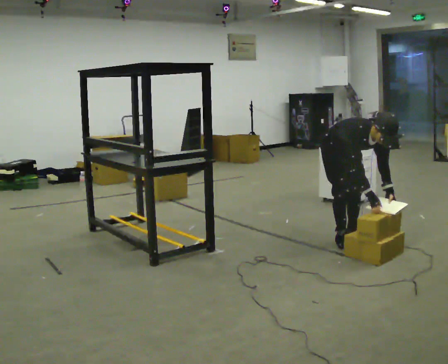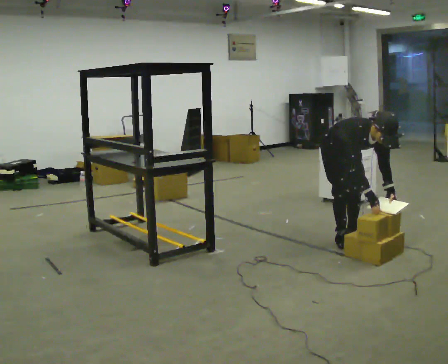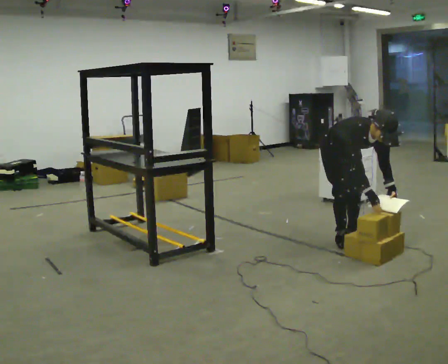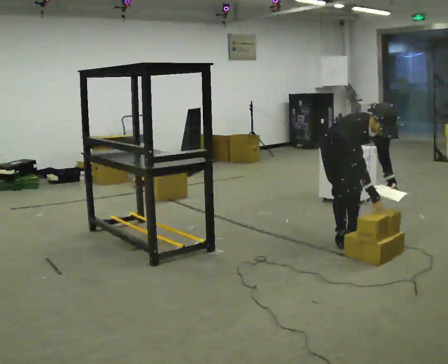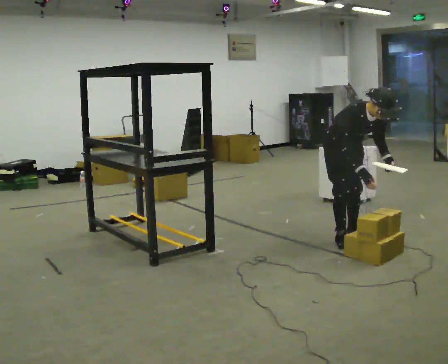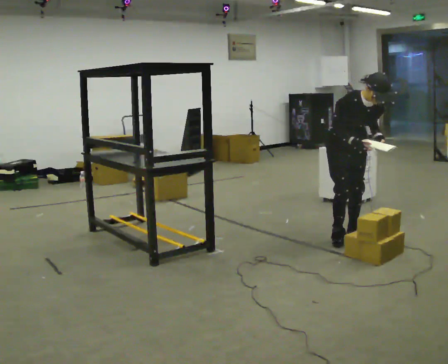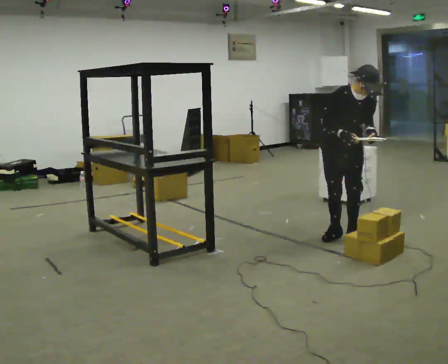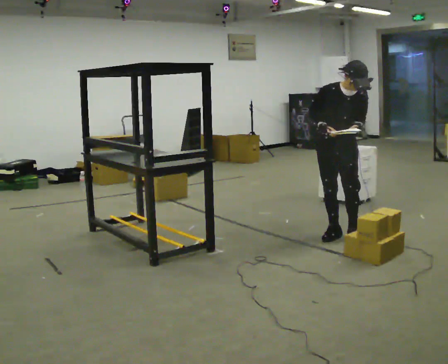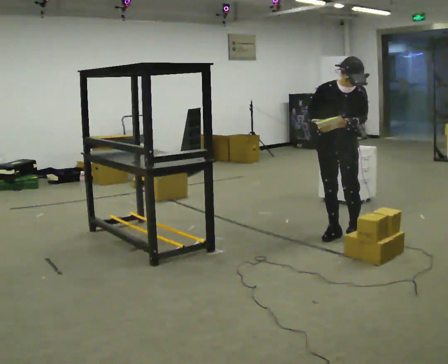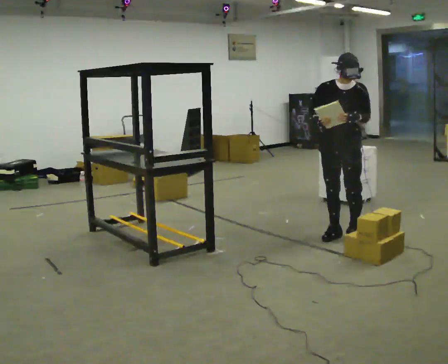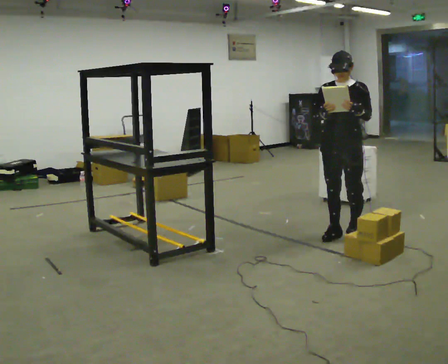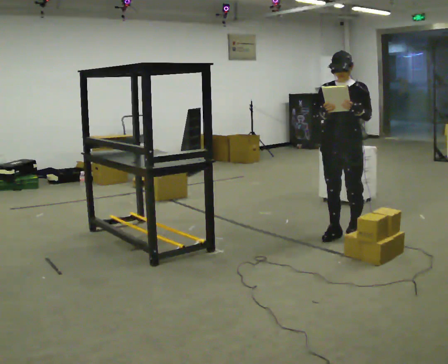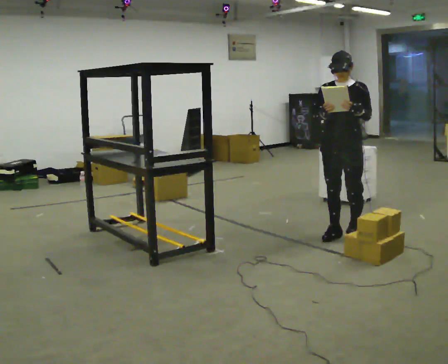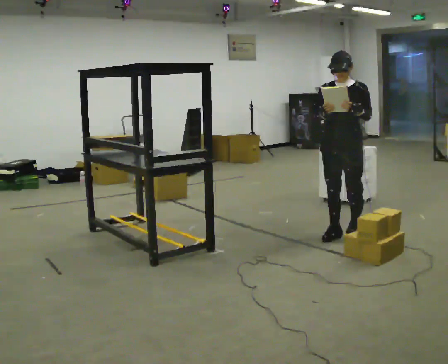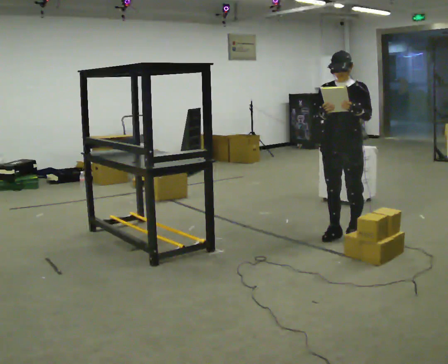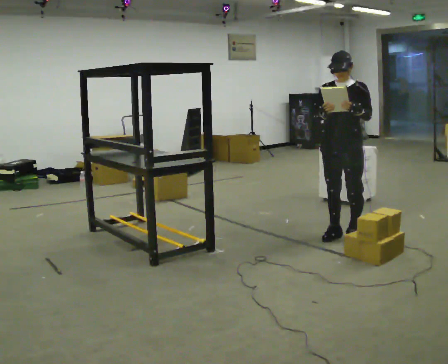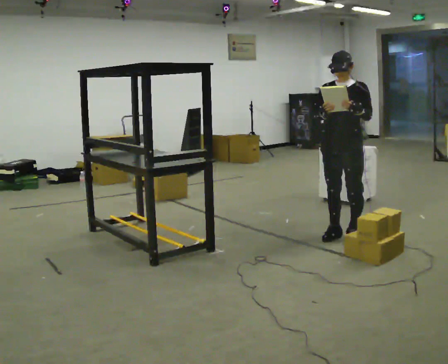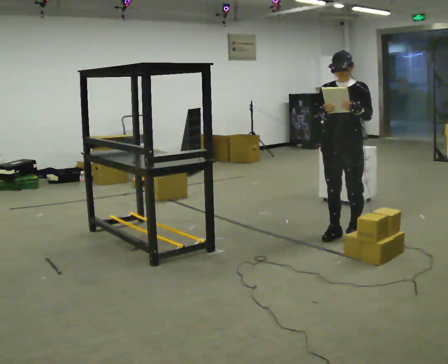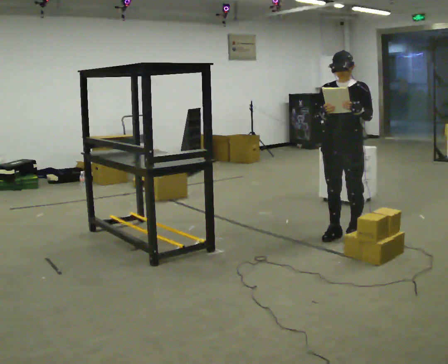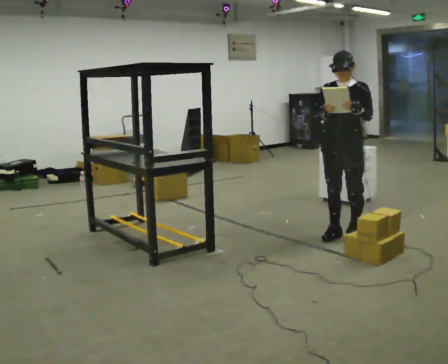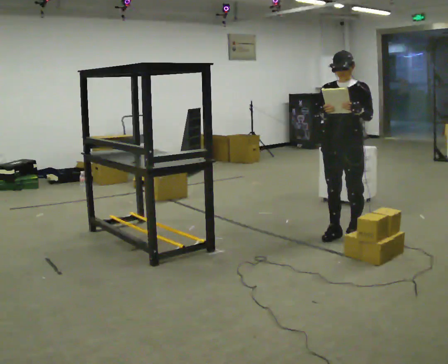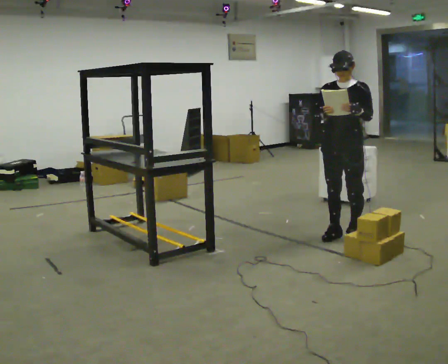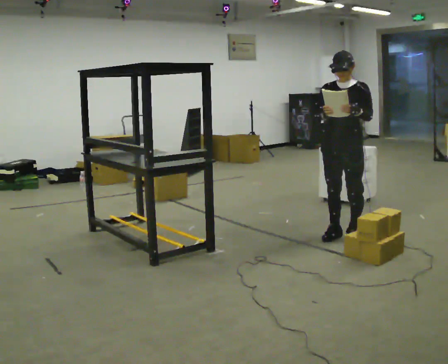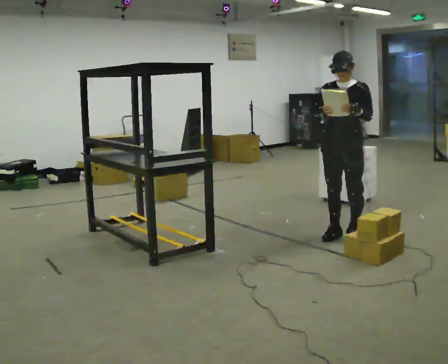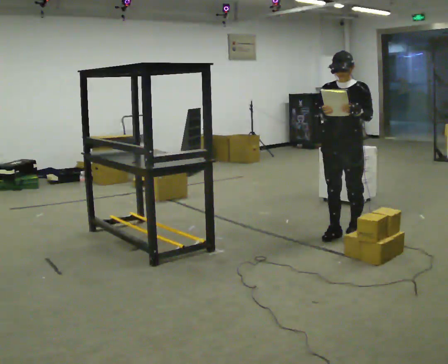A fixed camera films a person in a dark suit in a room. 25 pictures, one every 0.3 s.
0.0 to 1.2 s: The upper body tips away from the camera, its near side rolling upward, as they lean back or straighten.
1.2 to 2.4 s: Seen from above the body turns clockwise, about 30 degrees: to their right, with its near side sliding to the left. The shoulders move upward. The upper body tips away from the camera, its near side rolling upward, as they lean back or straighten. In the picture their right hand goes to the left and upward.
2.4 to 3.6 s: The part of the body nearest the lens slides to the left as the person turns to their right by about 30 degrees.
3.6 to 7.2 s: The person keeps their place and pose.
The film runs backward here.
